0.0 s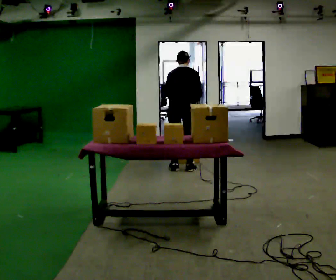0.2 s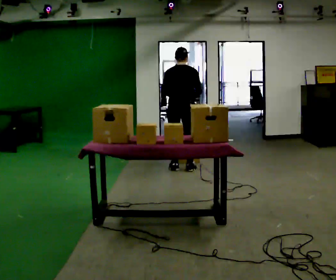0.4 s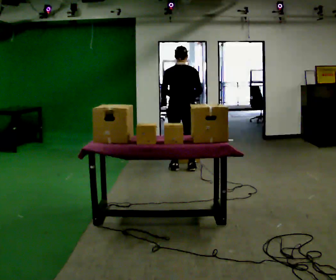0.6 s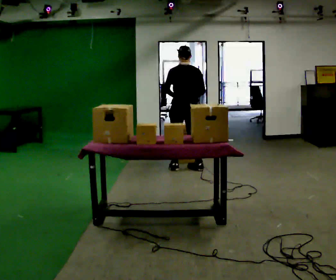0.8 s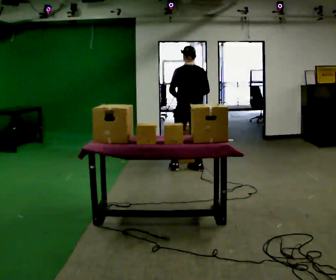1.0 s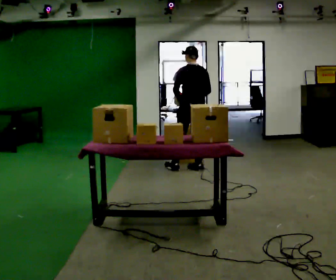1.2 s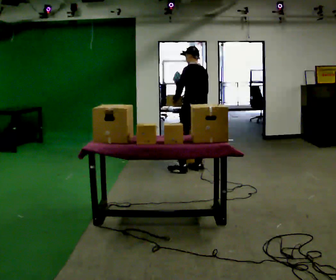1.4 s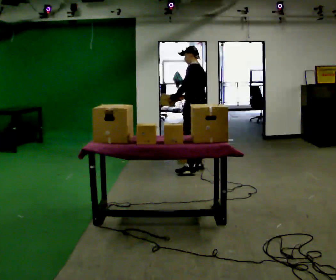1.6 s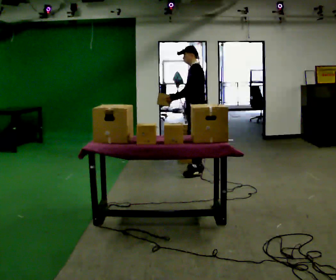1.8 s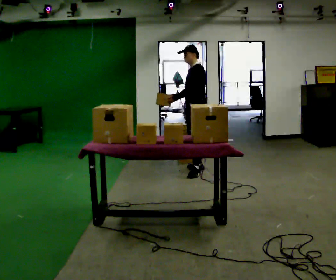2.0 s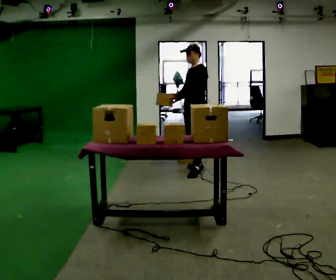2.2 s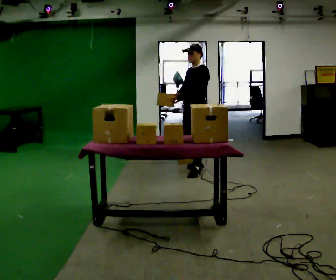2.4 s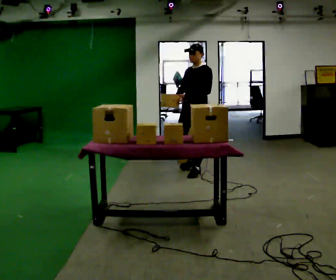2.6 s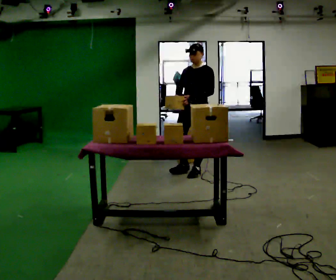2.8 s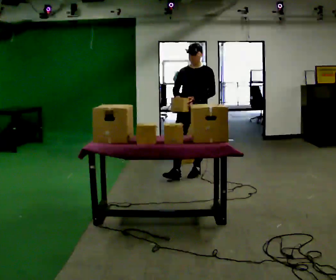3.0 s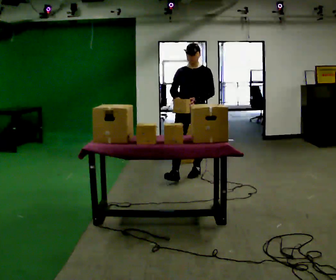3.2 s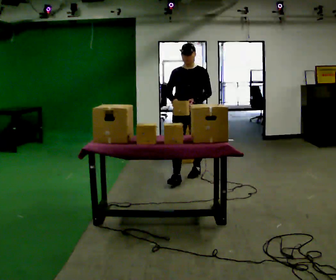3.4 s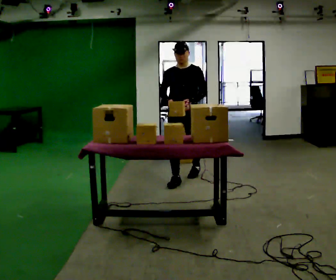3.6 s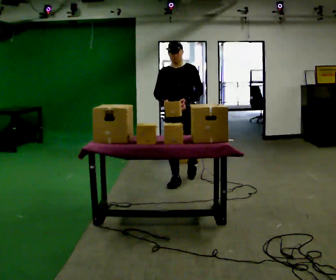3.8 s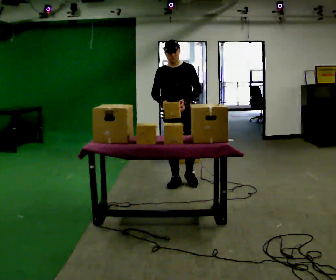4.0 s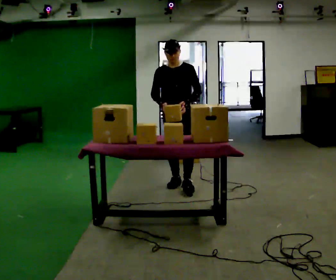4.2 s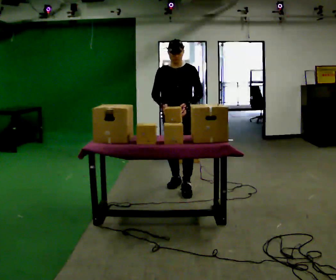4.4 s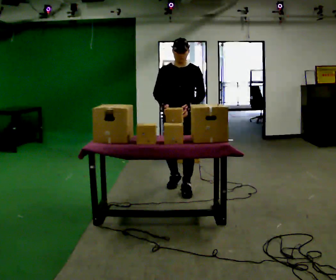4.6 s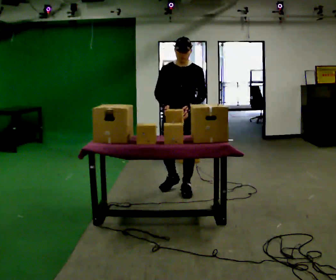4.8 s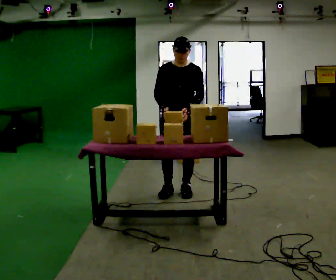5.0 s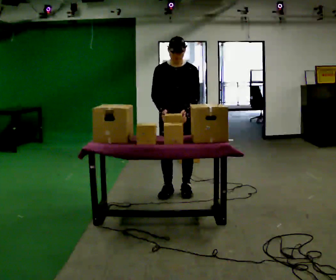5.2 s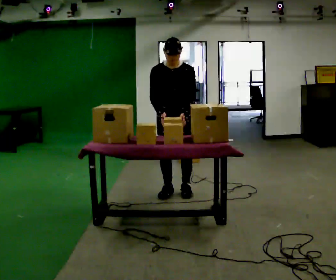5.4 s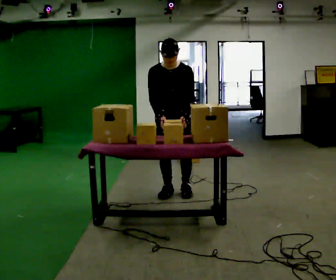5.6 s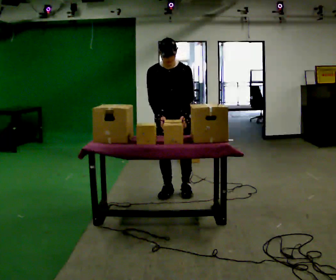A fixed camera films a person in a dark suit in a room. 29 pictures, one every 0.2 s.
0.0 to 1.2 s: Seen from above the body turns counterclockwise, about 60 degrees: to their left, with its near side sliding to the right. In the picture they go to the right, about 0.25 m in 1 step, which for them is to their right.
1.2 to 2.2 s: The part of the body nearest the lens slides to the right as the person turns to their left by about 75 degrees. In the picture they go toward the camera, about 0.25 m in 1 step.
2.2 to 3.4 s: Seen from above the body turns counterclockwise, about 60 degrees: to their left, with its near side sliding to the right. In the picture they go toward the camera and to the left, about 0.5 m in 1 step, which for them is forward.
3.4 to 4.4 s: In the picture they go toward the camera, about 0.5 m in 1 step, which for them is forward.
4.4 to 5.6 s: The upper body tips toward the camera, its near side rolling downward, as they bend forward.
The film runs forward here.
